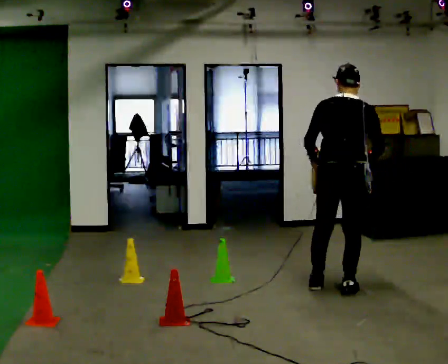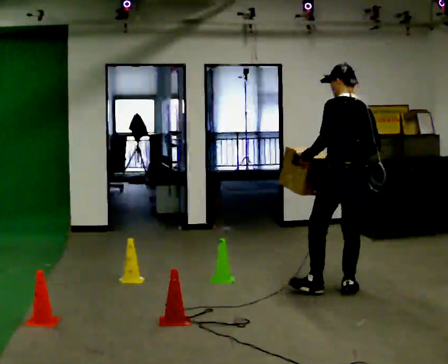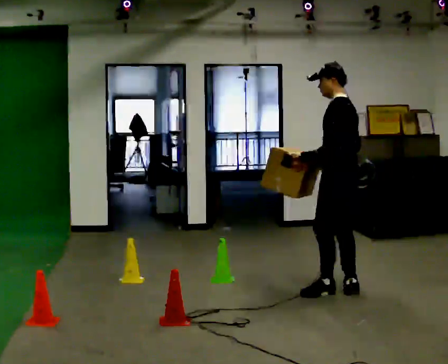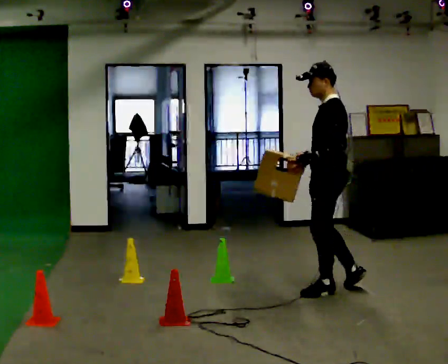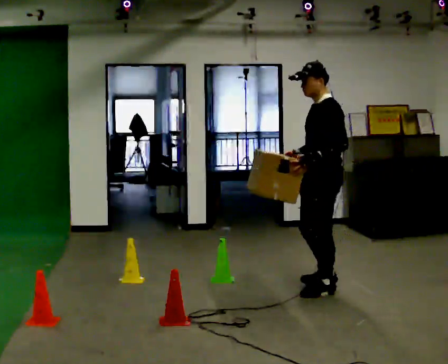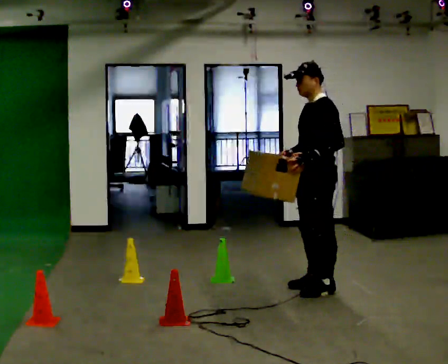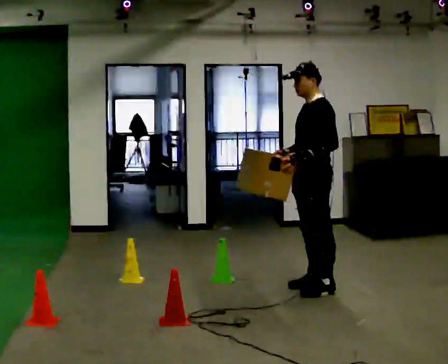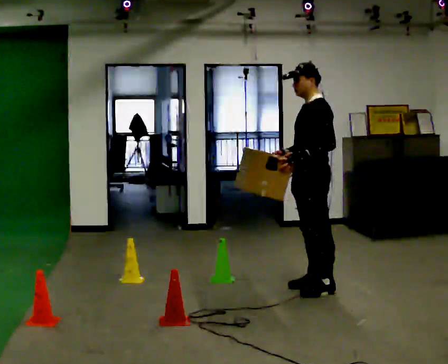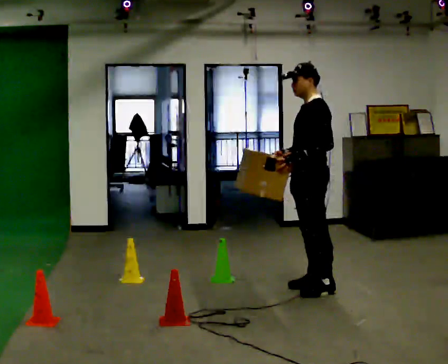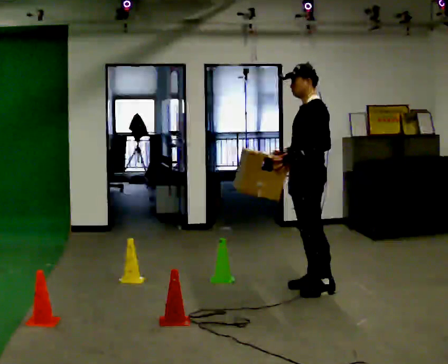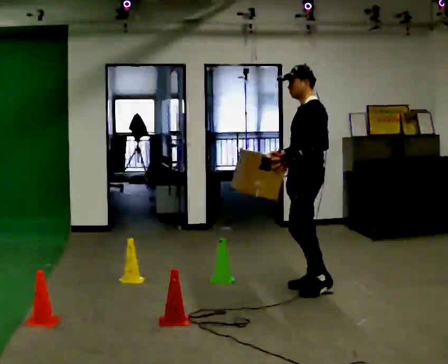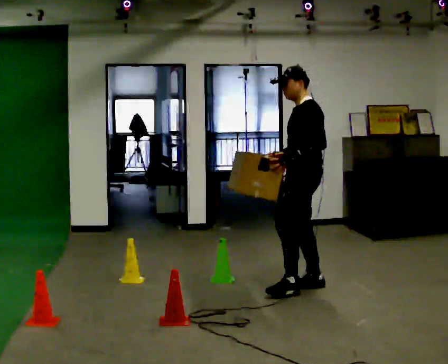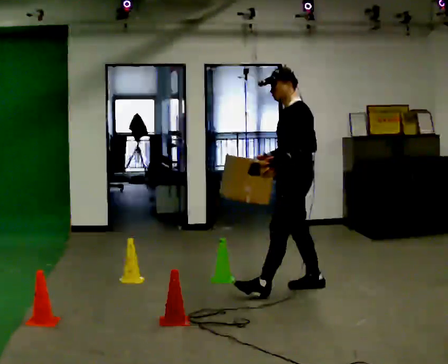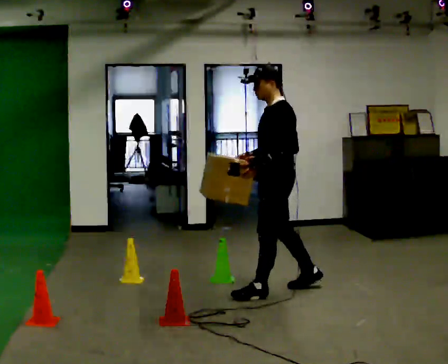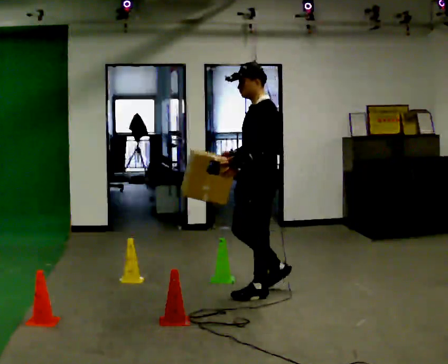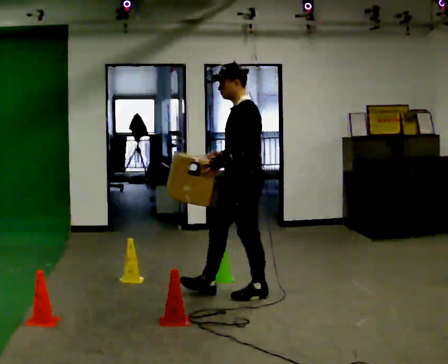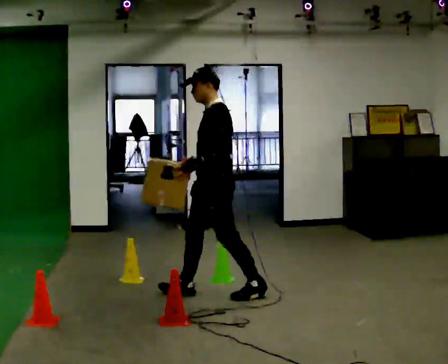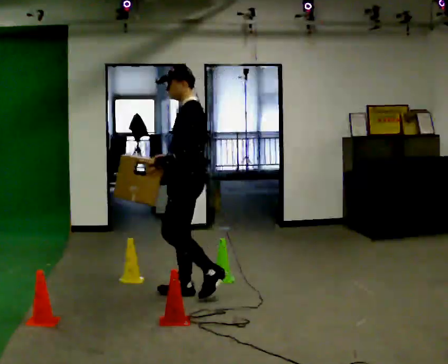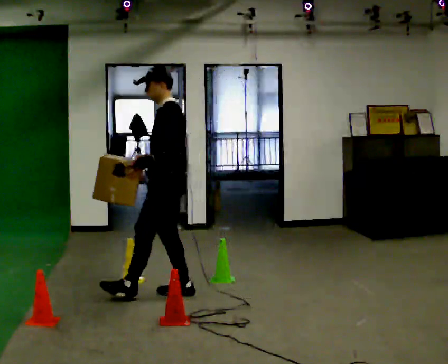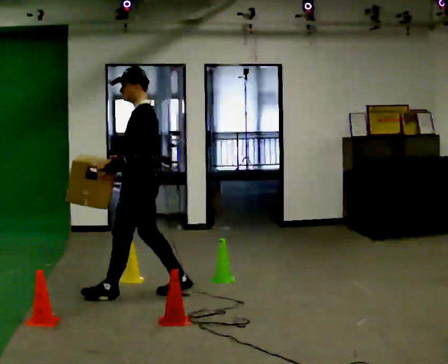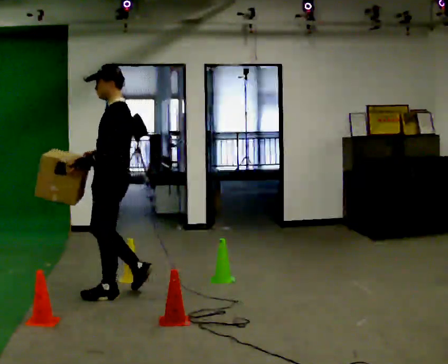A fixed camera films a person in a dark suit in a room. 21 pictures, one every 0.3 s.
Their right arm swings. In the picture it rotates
clockwise.
The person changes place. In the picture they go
to the left.
0.0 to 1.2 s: The part of the body nearest the lens slides to the right as the person turns to their left by about 105 degrees. In the picture their right hand goes to the left, the arm swinging clockwise.
1.2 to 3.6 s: In the picture they go to the left, about 0.25 m in 2 steps, which for them is forward.
3.6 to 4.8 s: In the picture they go to the left and toward the camera, about 0.75 m in 1 step, which for them is forward.
4.8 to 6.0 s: In the picture they go to the left, about 0.5 m in 1 step, which for them is forward.
The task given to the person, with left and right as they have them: Carry the box through the gap between the panels without touching either side, then set it down and bring it back. Keep going until the operator says stop; one object at a time, and do not rush between trips.
The film runs forward here.
